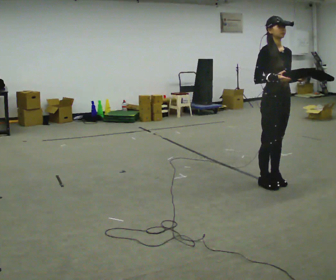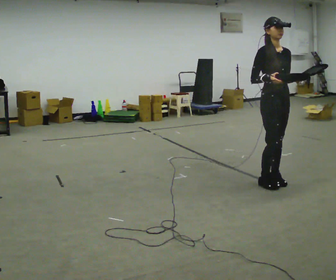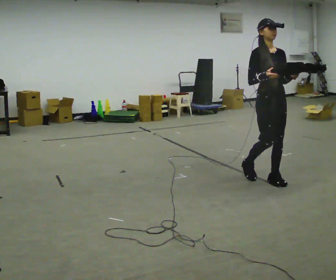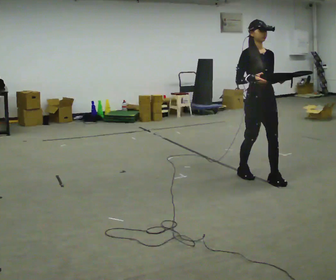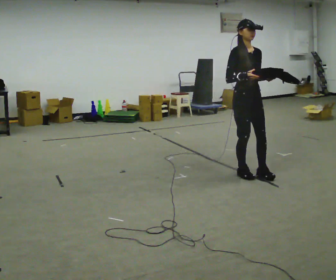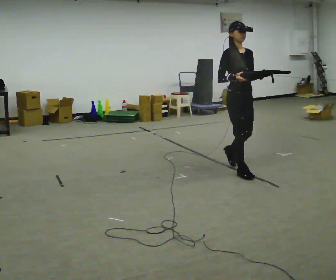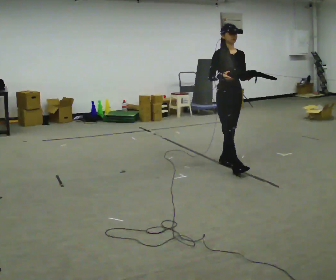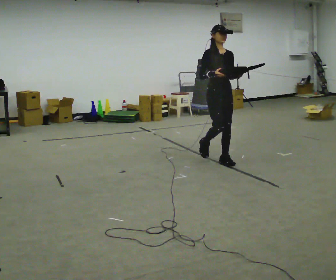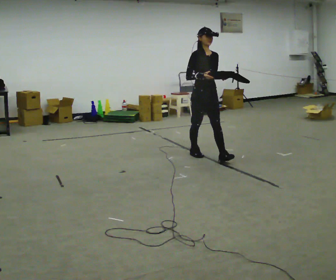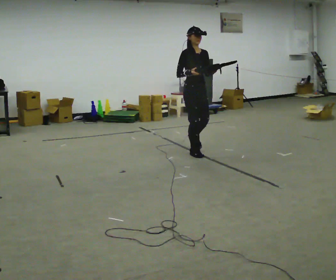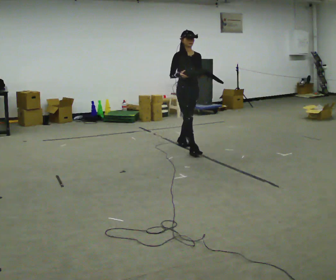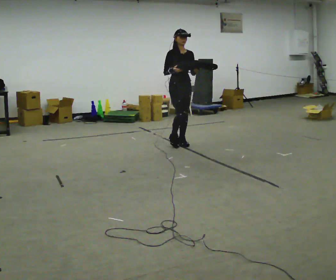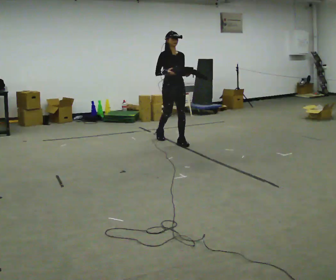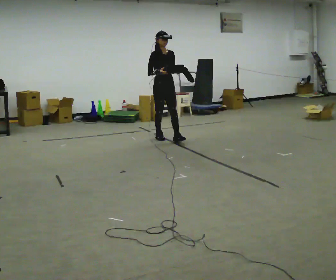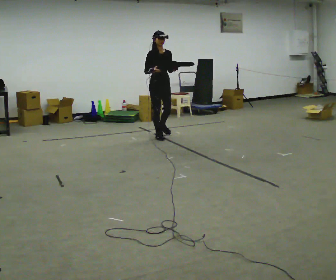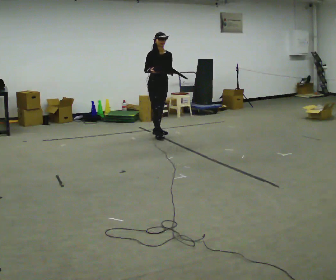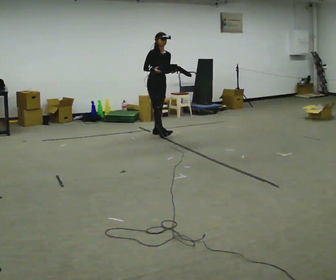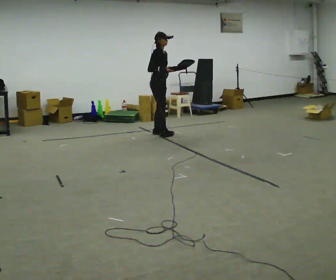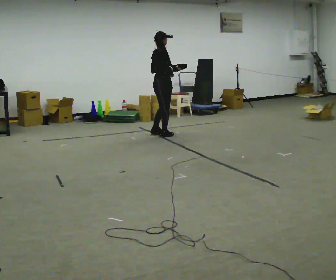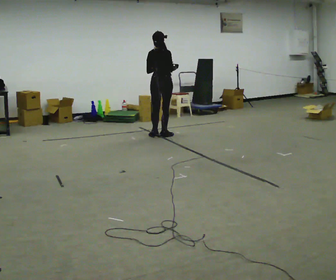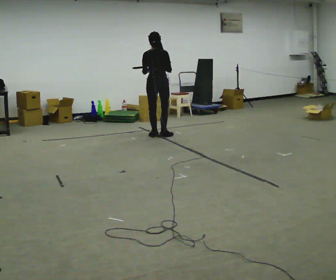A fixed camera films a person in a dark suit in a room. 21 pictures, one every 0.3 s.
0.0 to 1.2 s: In the picture they go away from the camera and to the left, about 0.5 m in 2 steps, which for them is backward.
1.2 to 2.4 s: In the picture they go away from the camera and to the left, about 1 m in 2 steps, which for them is backward.
2.4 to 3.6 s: In the picture they go away from the camera and to the left, about 1 m in 1 step, which for them is backward.
3.6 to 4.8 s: In the picture they go away from the camera and to the left, about 0.5 m in 1 step, which for them is backward.
4.8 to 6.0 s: The person turns about 135 degrees to their left, counterclockwise seen from above, so the part of the body nearest the lens slides to the right. In the picture they go toward the camera, about 0.25 m in 1 step.
The film runs backward here.
